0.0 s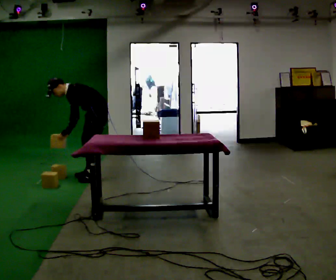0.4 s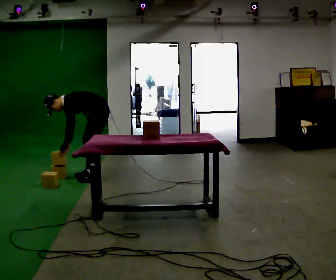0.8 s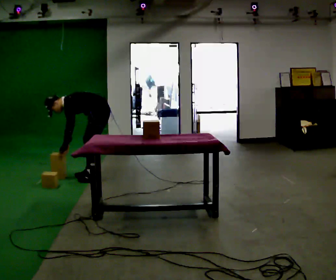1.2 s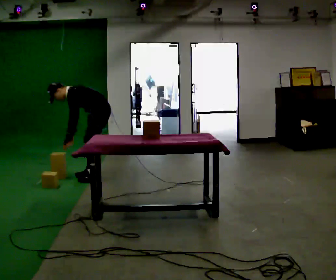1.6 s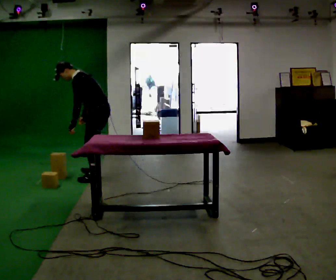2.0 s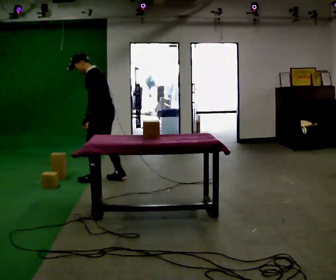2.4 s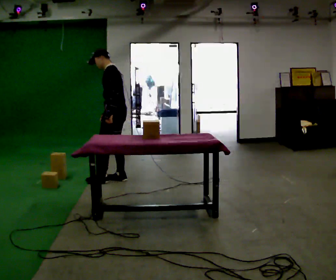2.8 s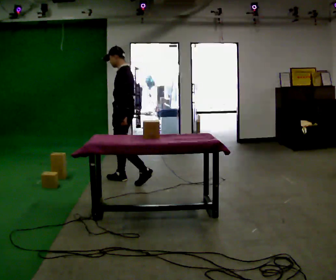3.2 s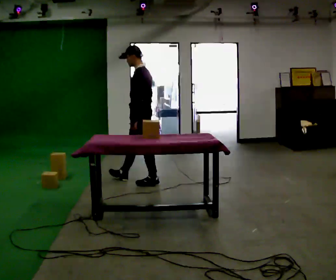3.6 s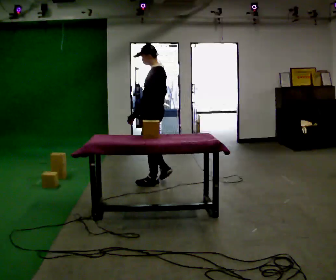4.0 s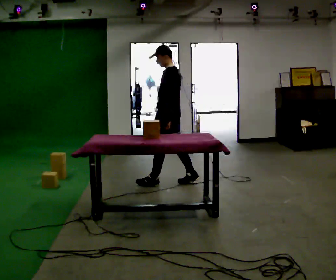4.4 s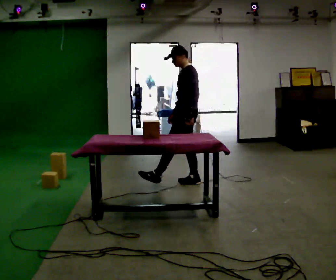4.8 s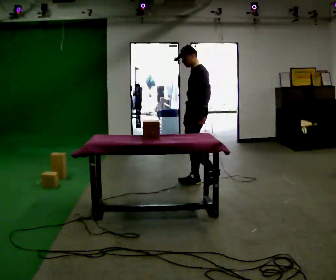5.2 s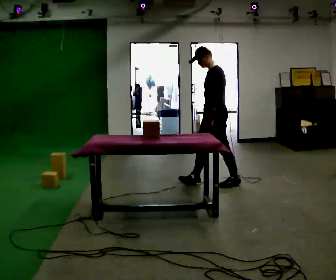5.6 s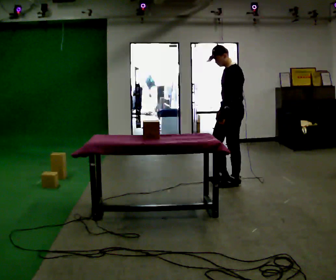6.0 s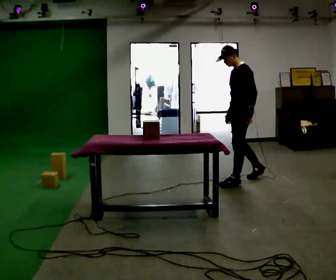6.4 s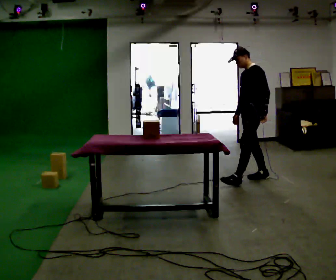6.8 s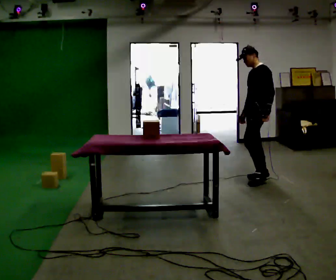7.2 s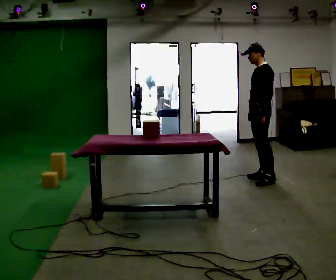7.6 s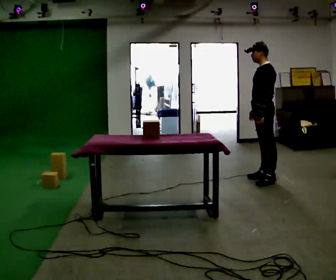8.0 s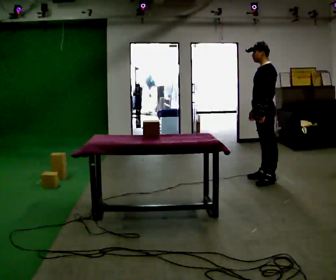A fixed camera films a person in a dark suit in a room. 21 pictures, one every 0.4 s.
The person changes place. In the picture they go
to the right.
0.0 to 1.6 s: The part of the body nearest the lens slides to the left as the person turns to their right by about 30 degrees. In the picture they go toward the camera, about 0.25 m in 1 step, which for them is to their left.
1.6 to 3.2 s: In the picture they go to the right, about 0.5 m in 1 step, which for them is backward. In the picture the upper body tilts clockwise, shoulders to the right, as they lean back or straighten.
3.2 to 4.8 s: In the picture they go to the right, about 0.75 m in 2 steps, which for them is backward.
4.8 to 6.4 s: In the picture they go to the right, about 0.75 m in 1 step, which for them is backward.
6.4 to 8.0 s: The person moves a little, or ends about where they began.
The film runs backward here.
